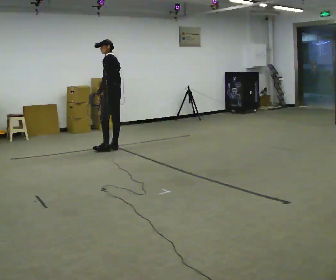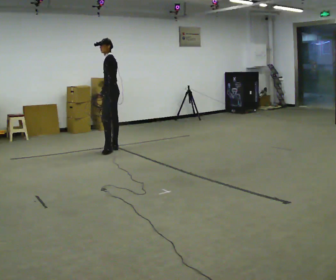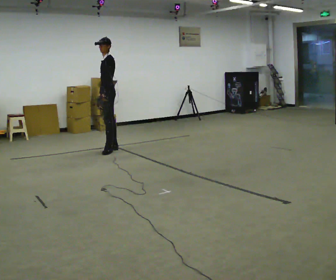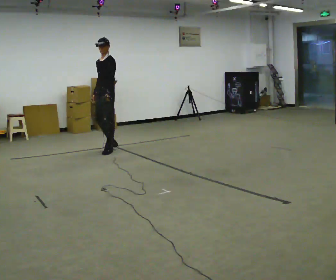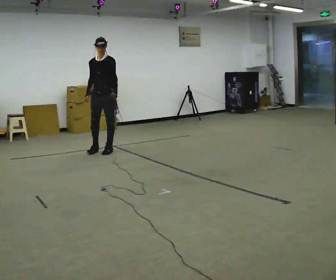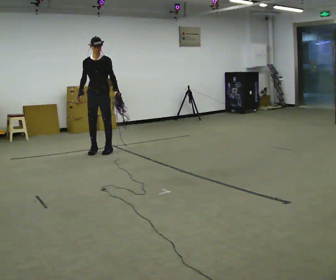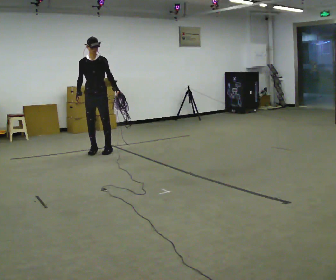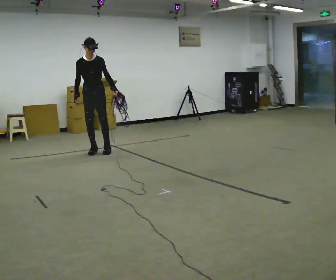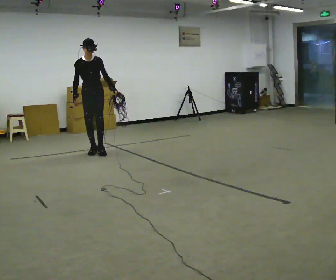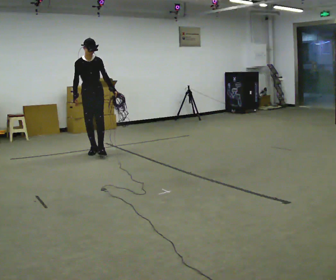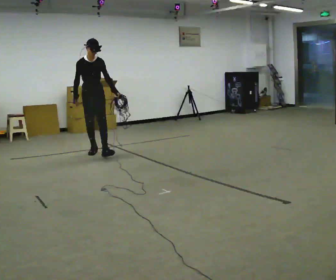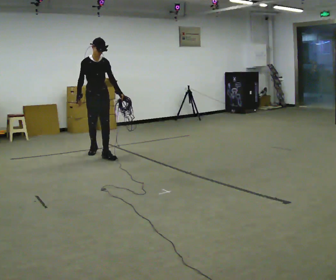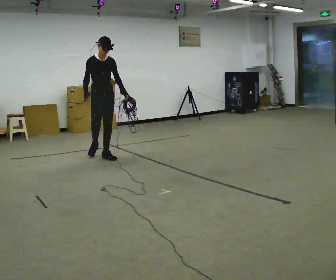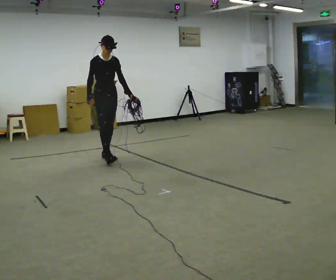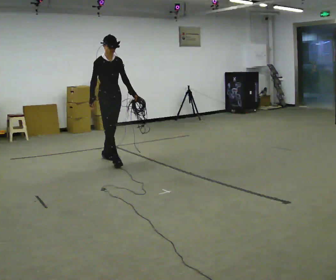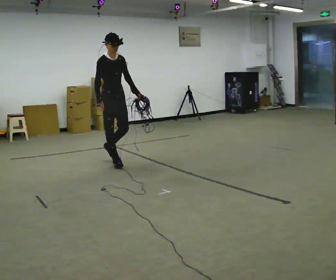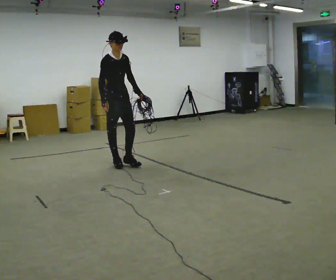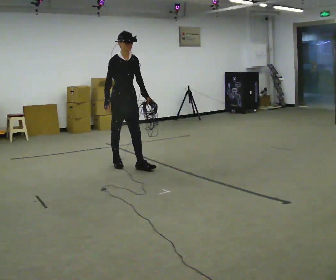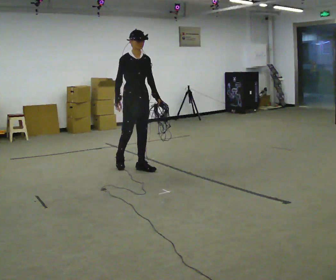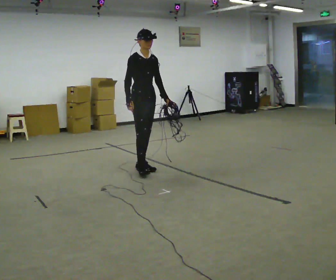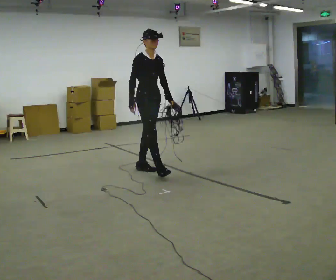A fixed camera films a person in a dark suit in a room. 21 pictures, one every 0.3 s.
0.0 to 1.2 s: Seen from above the body turns counterclockwise, about 90 degrees: to their left, with its near side sliding to the right. In the picture they go to the left, about 0.25 m.
1.2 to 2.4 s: The person turns about 45 degrees to their left, counterclockwise seen from above, so the part of the body nearest the lens slides to the right. In the picture they go to the left, about 0.25 m in 1 step, which for them is to their right.
2.4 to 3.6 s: In the picture they go toward the camera, about 0.25 m in 1 step, which for them is forward.
3.6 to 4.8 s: In the picture they go toward the camera, about 0.5 m in 1 step, which for them is forward.
4.8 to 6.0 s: In the picture they go to the right and toward the camera, about 0.5 m in 1 step, which for them is forward and to their left.
The film runs forward here.
